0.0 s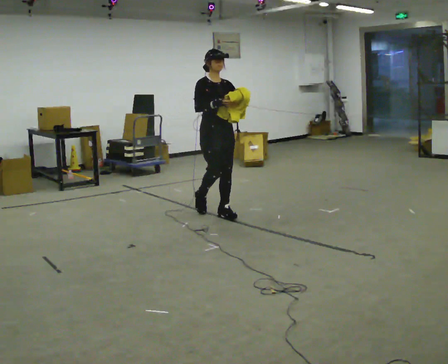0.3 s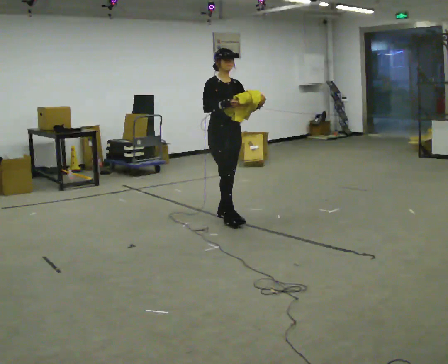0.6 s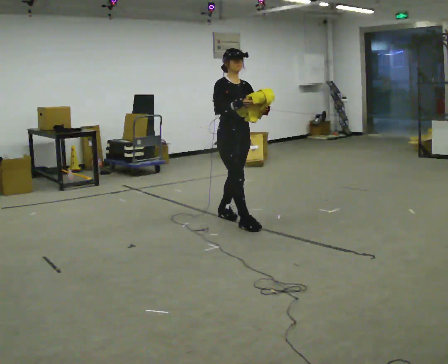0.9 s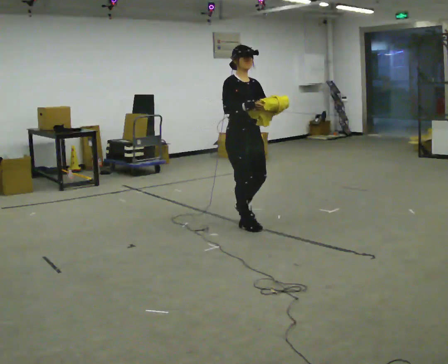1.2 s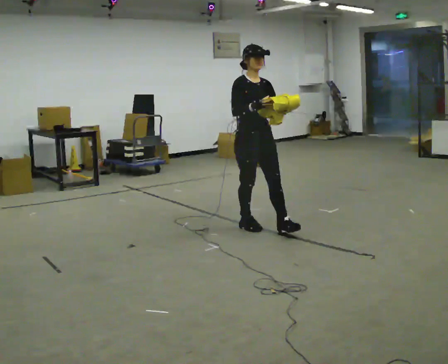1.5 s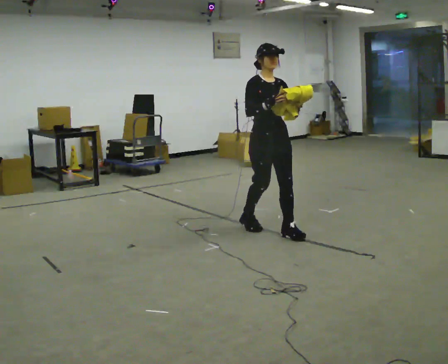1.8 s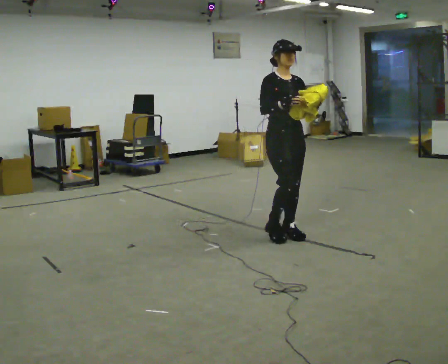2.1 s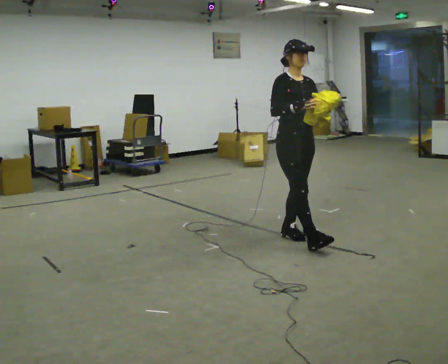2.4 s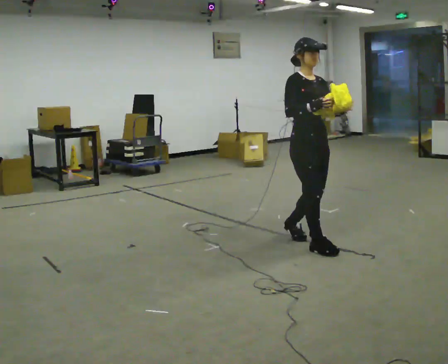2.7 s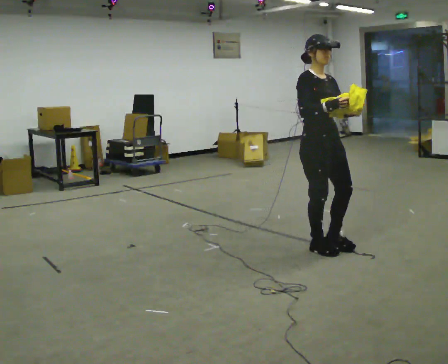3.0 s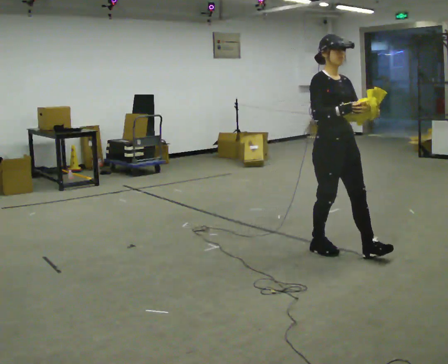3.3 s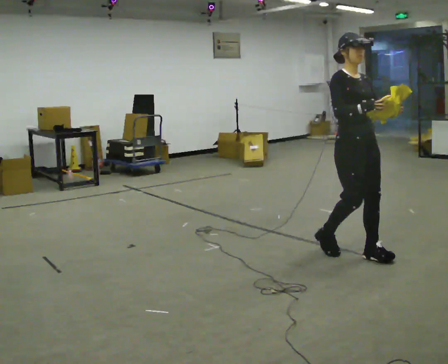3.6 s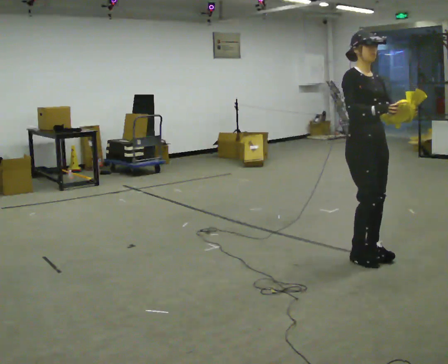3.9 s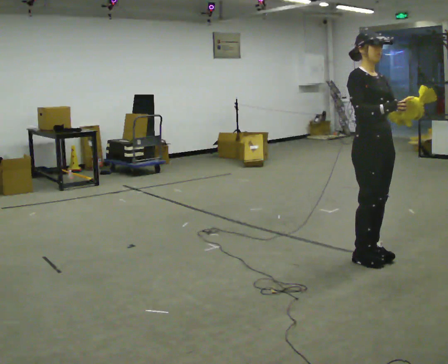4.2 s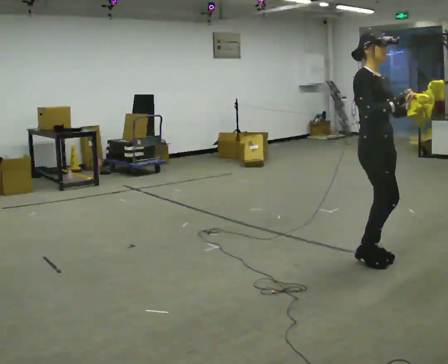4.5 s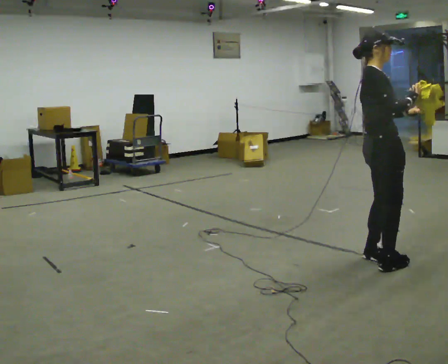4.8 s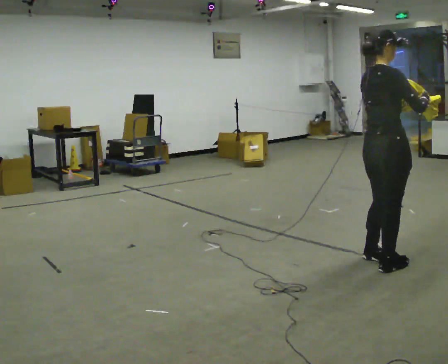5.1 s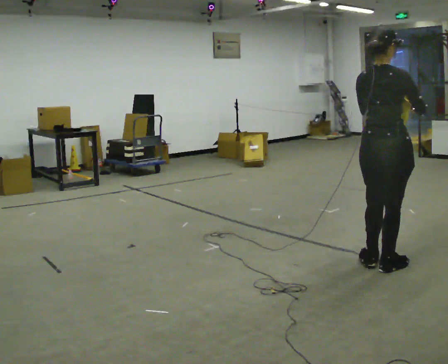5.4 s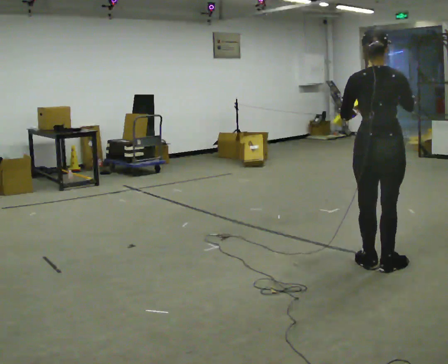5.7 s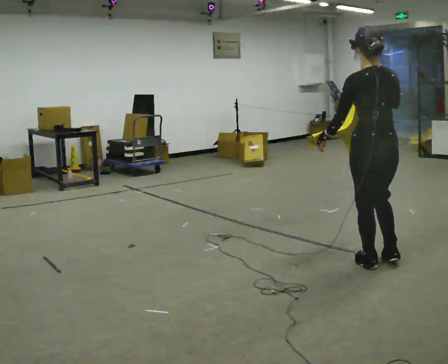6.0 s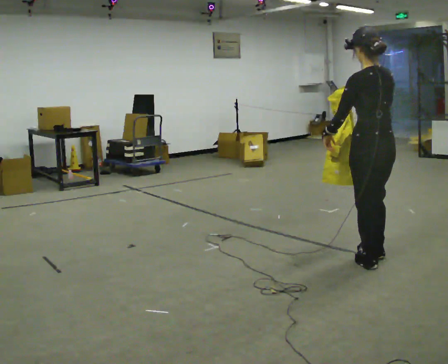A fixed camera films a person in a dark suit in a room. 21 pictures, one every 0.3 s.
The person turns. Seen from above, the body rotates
counterclockwise.
The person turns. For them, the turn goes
to their left.
0.0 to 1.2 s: In the picture they go to the right and toward the camera, about 0.5 m in 1 step, which for them is forward.
1.2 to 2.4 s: In the picture they go to the right and toward the camera, about 0.75 m in 2 steps, which for them is forward.
2.4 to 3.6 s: In the picture they go to the right and toward the camera, about 0.5 m in 1 step, which for them is forward.
3.6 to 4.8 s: Seen from above the body turns counterclockwise, about 75 degrees: to their left, with its near side sliding to the right. In the picture they go toward the camera, about 0.25 m in 2 steps.
4.8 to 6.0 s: Seen from above the body turns counterclockwise, about 90 degrees: to their left, with its near side sliding to the right. In the picture their left hand goes to the left.
The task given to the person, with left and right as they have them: Carry the cloth and, while walking, fold it in half, then unfold it. Keep repeating as you walk. Do not stop.
The film runs forward here.
